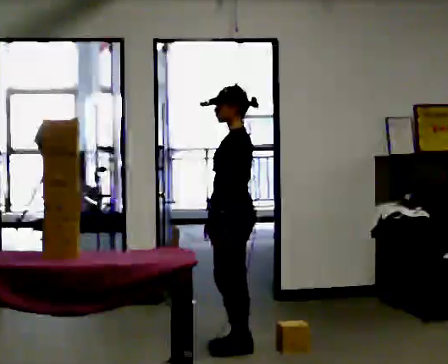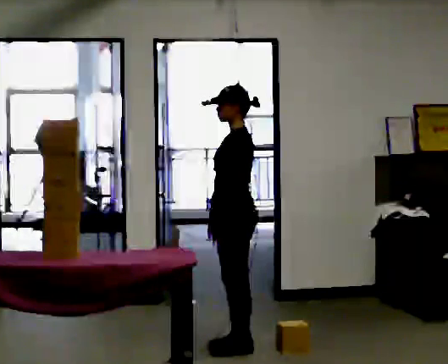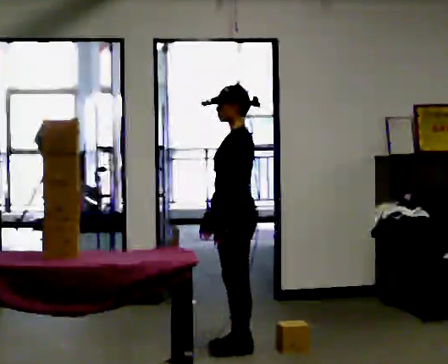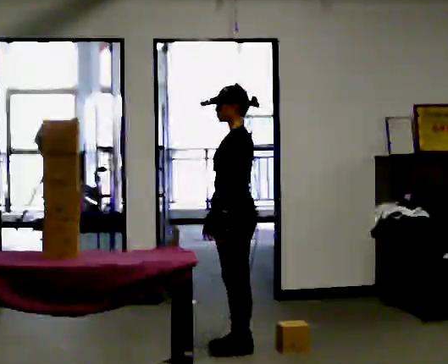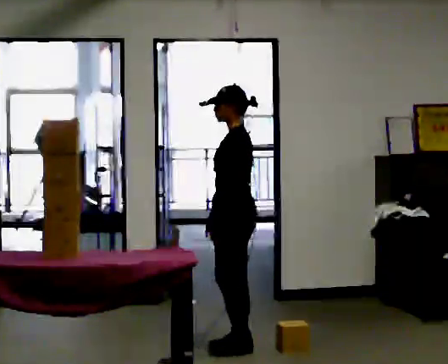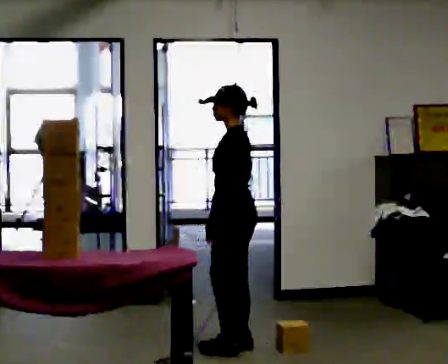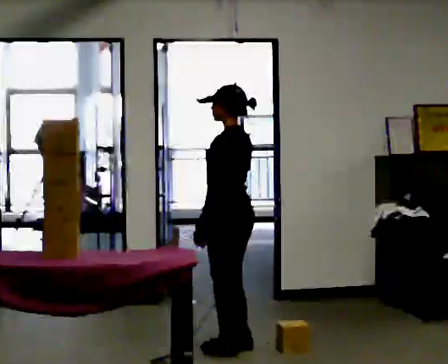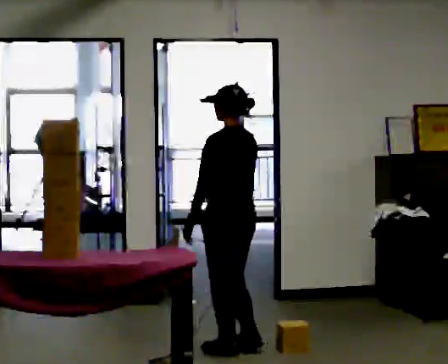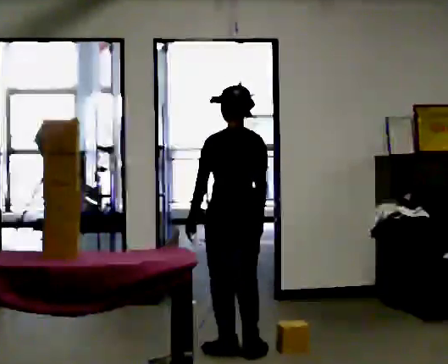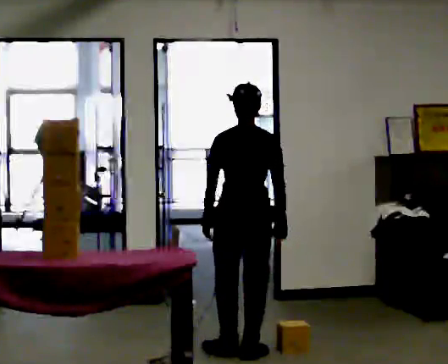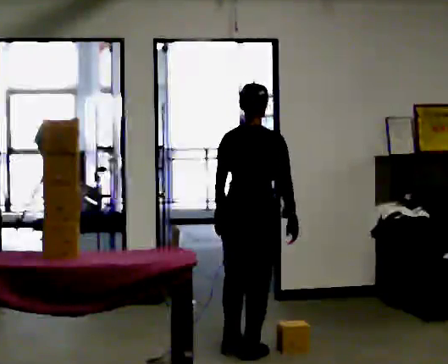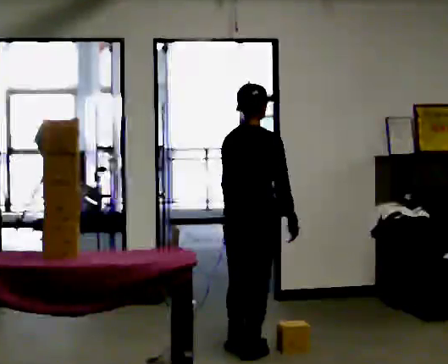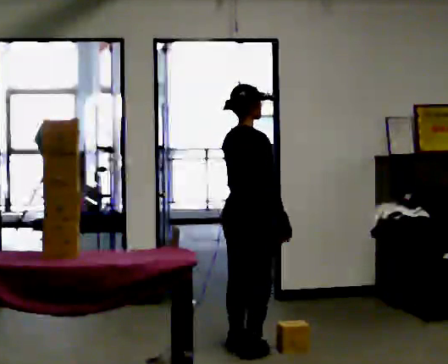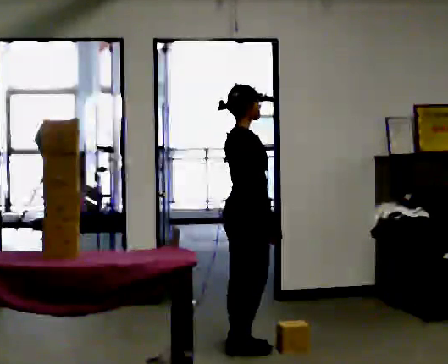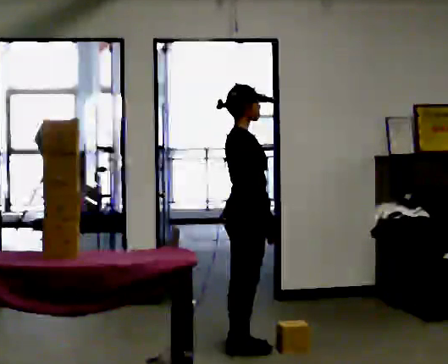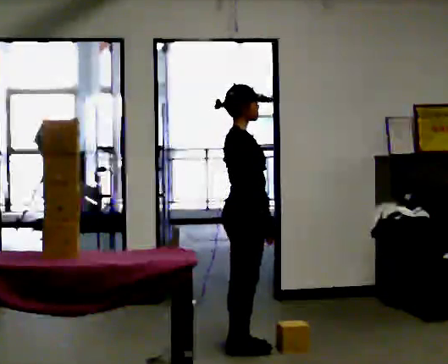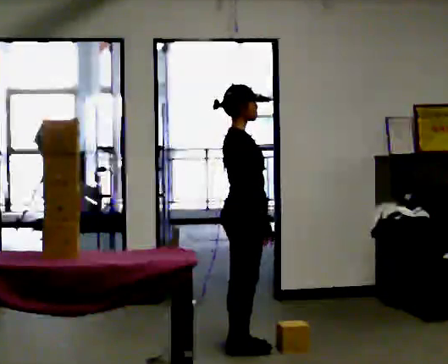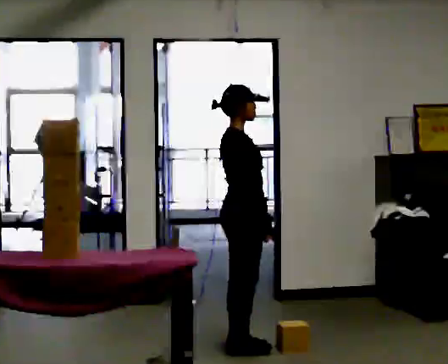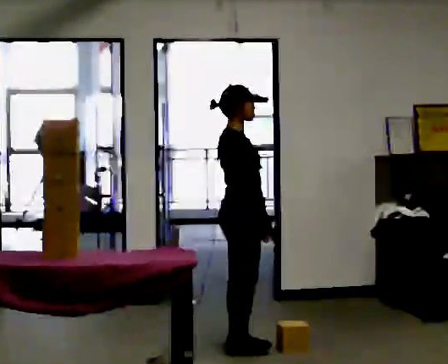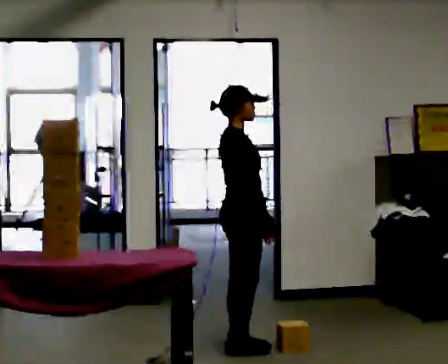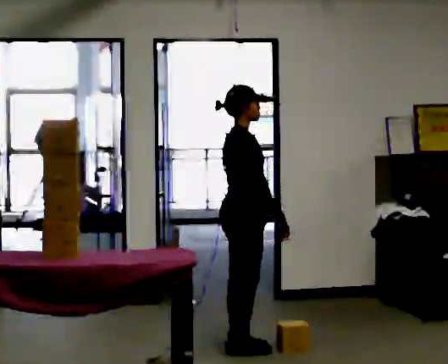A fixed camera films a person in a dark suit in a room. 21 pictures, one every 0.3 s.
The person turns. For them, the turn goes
to their right.
The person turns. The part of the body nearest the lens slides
to the left.
0.0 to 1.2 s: The person moves a little, or ends about where they began.
1.2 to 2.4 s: The part of the body nearest the lens slides to the left as the person turns to their right by about 60 degrees. In the picture they go toward the camera, about 0.25 m in 1 step.
2.4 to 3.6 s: The part of the body nearest the lens slides to the left as the person turns to their right by about 75 degrees.
3.6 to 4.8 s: The person turns about 30 degrees to their right, clockwise seen from above, so the part of the body nearest the lens slides to the left.
4.8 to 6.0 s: The person moves a little, or ends about where they began.
The film runs backward here.
